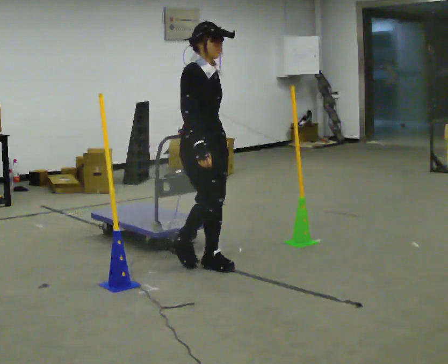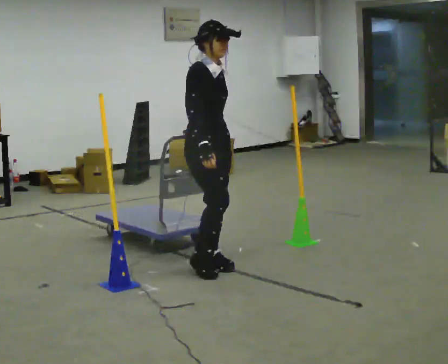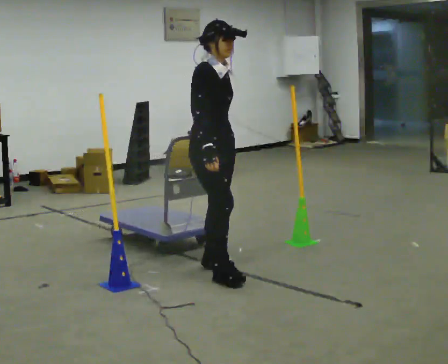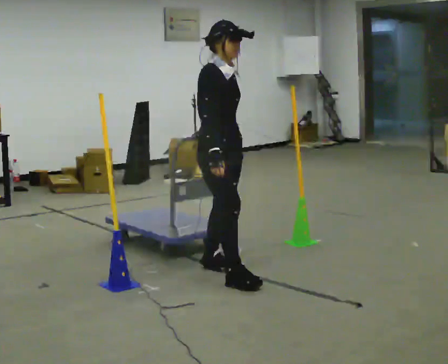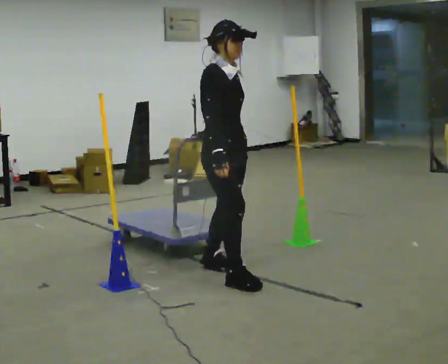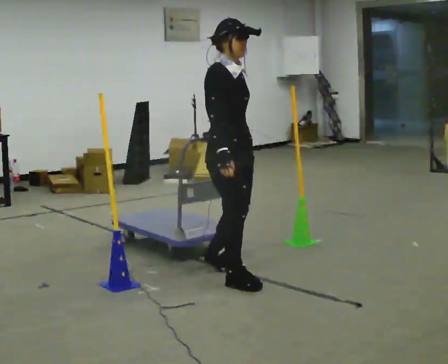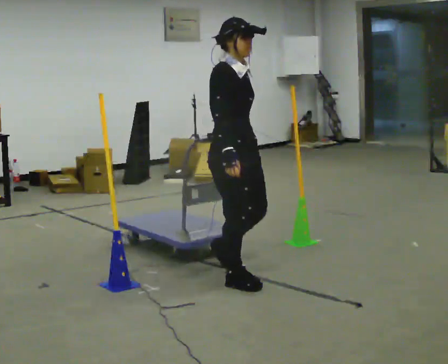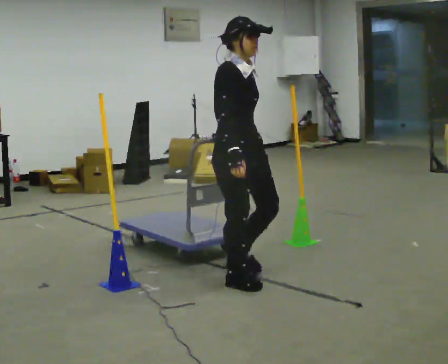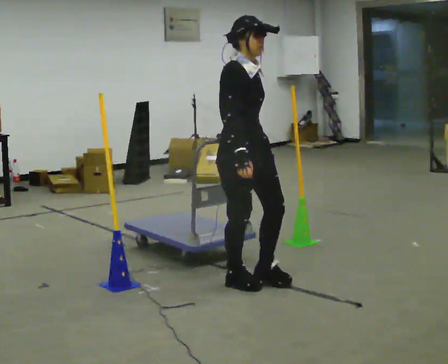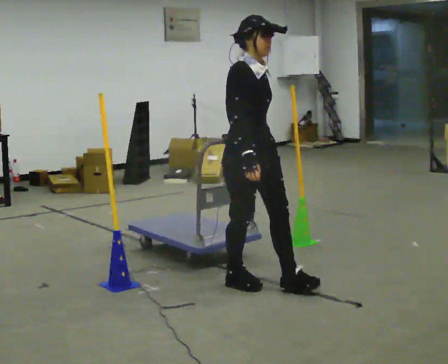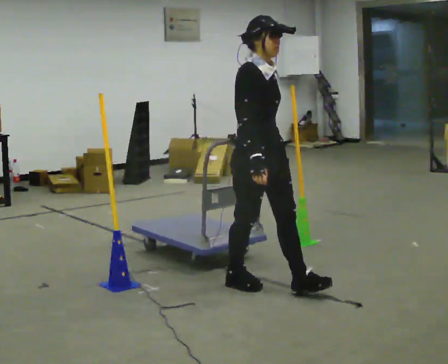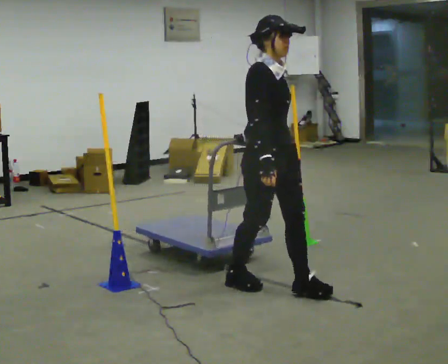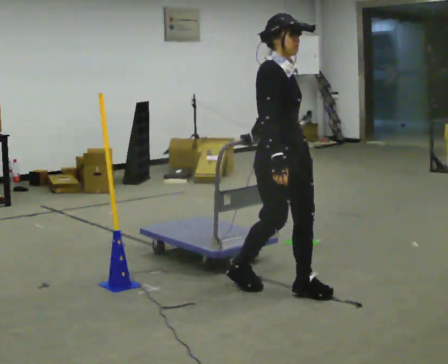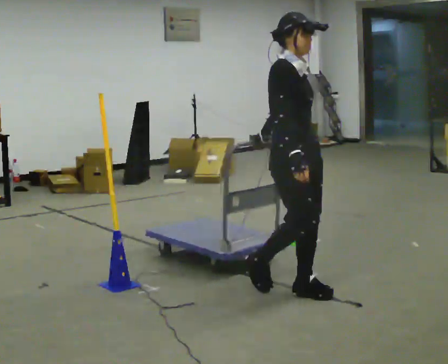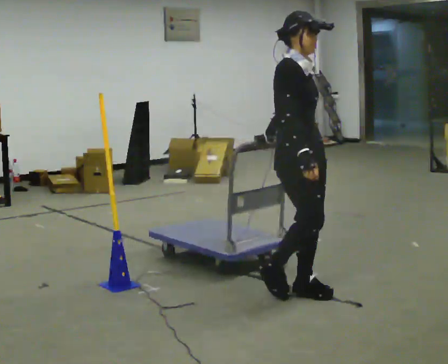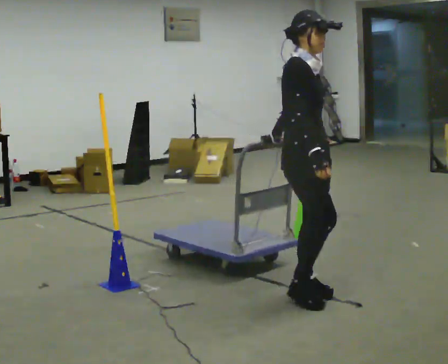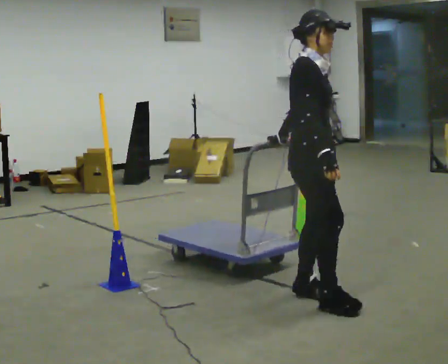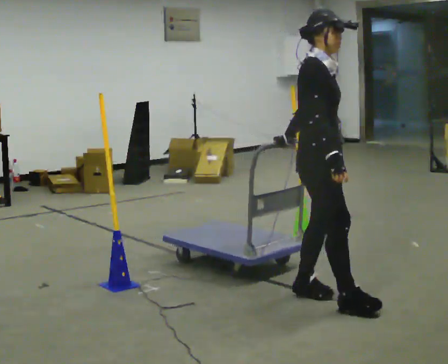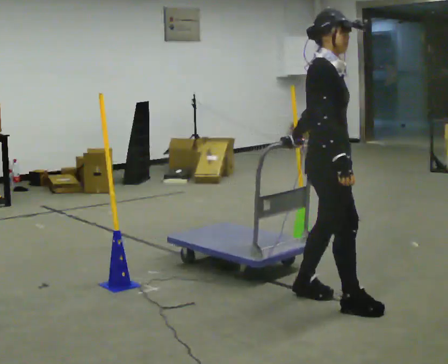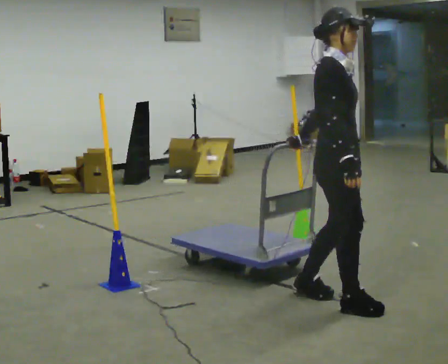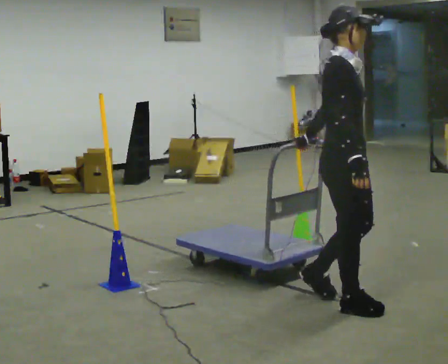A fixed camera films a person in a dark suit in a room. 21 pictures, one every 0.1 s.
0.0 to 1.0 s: In the picture they go toward the camera and to the right, about 0.5 m in 2 steps, which for them is forward and to their right.
1.0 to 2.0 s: In the picture they go to the right and toward the camera, about 0.5 m in 1 step, which for them is forward.
The film runs forward here.
